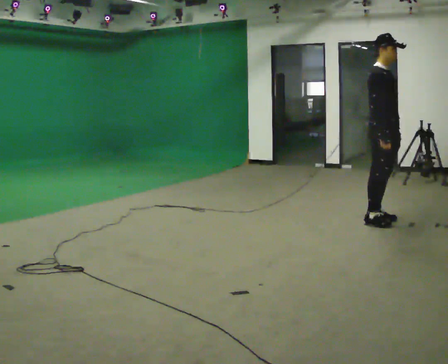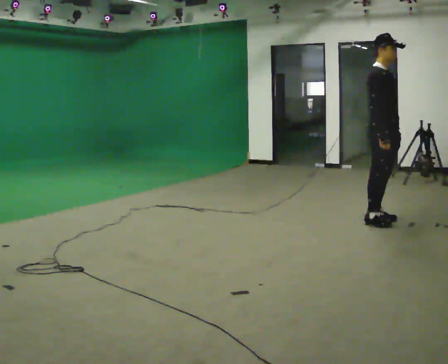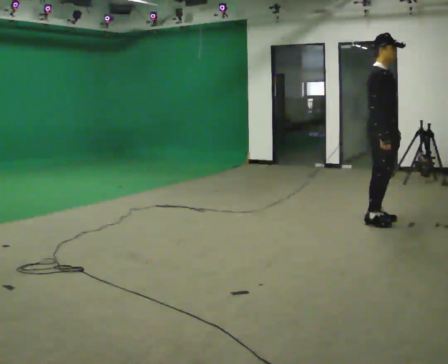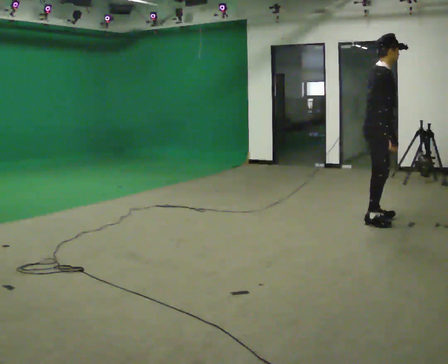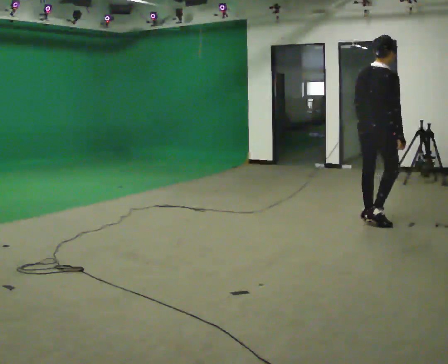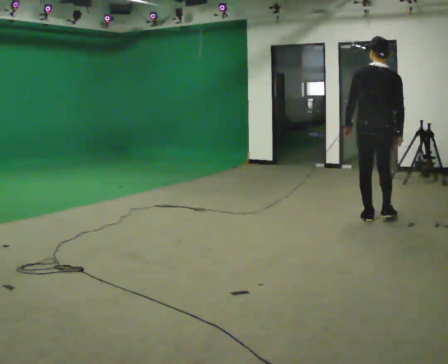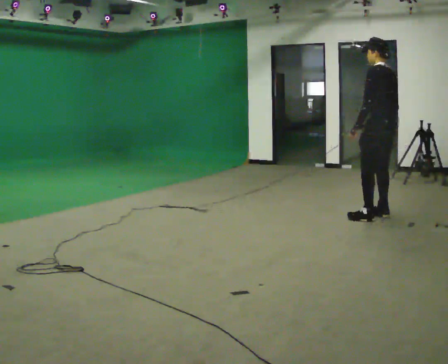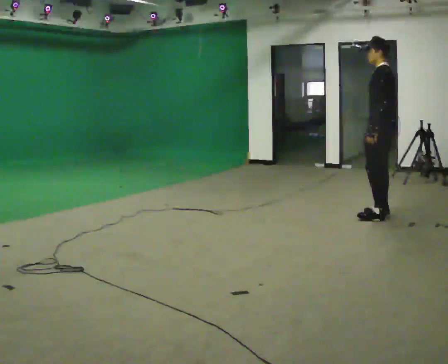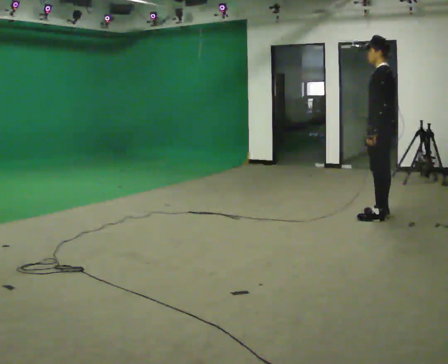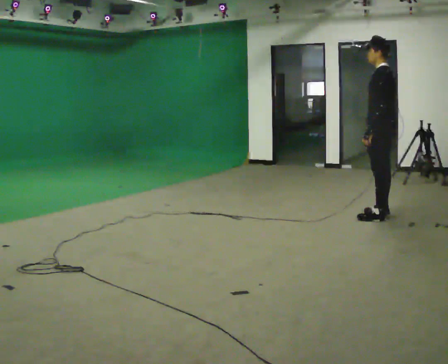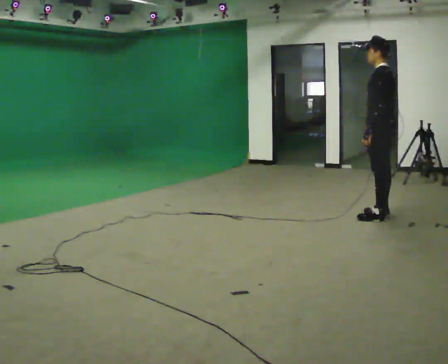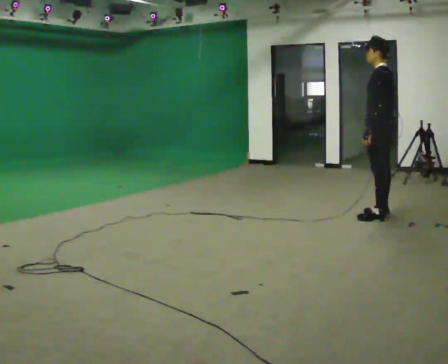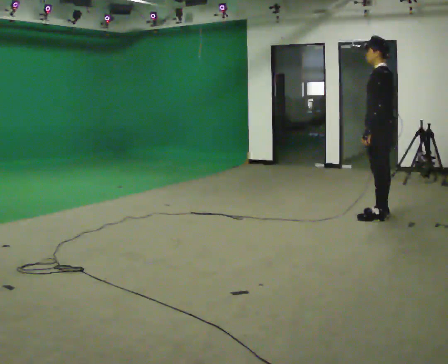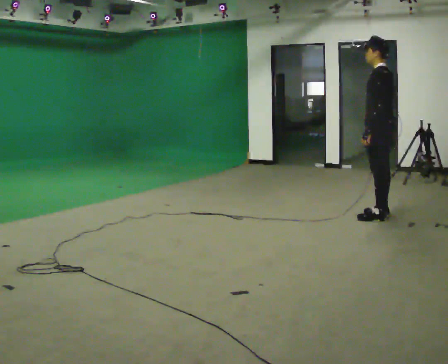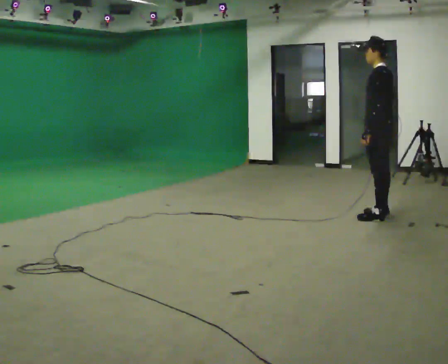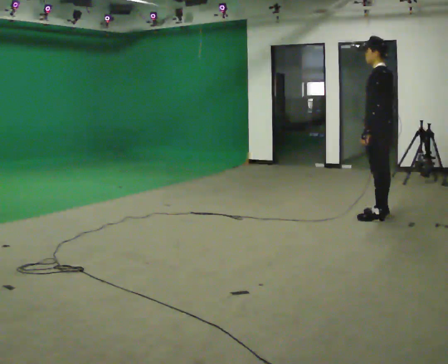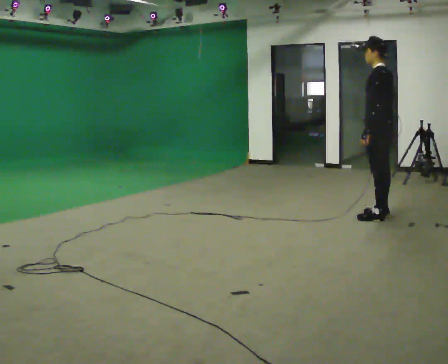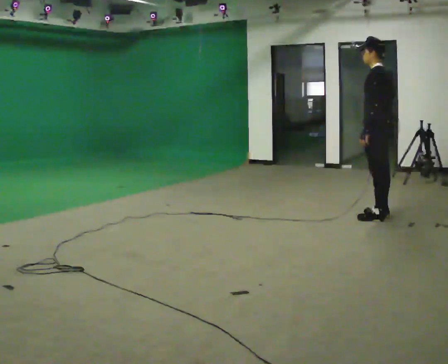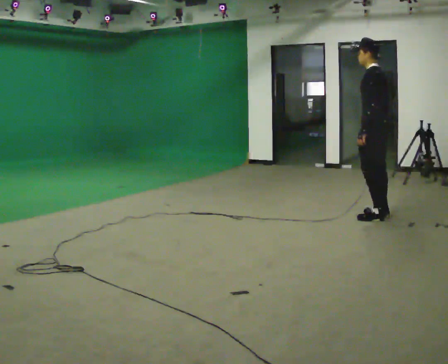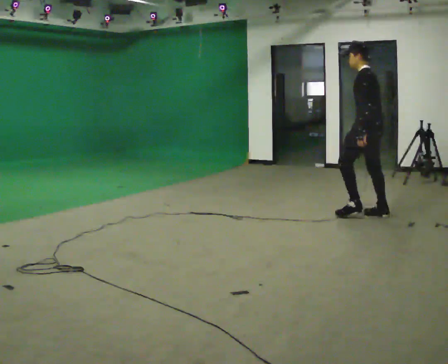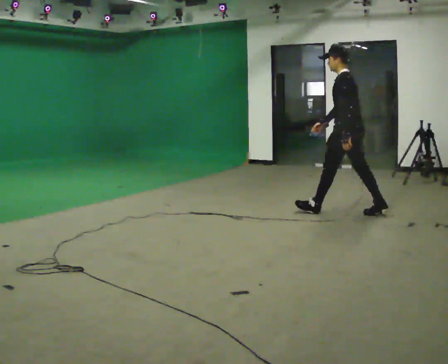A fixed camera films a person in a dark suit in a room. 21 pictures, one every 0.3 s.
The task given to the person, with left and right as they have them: Stand still 2 s; begin walking naturally; walk forward; stop.
0.0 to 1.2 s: Seen from above the body turns counterclockwise, about 75 degrees: to their left, with its near side sliding to the right. In the picture their left hand goes to the left.
1.2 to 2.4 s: The person turns about 120 degrees to their left, counterclockwise seen from above, so the part of the body nearest the lens slides to the right. In the picture they go away from the camera, about 0.25 m in 1 step.
2.4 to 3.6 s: The person moves a little, or ends about where they began.
3.6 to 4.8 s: The person keeps their place and pose.
4.8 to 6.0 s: In the picture they go to the left, about 0.25 m in 1 step, which for them is forward.
The film runs forward here.
